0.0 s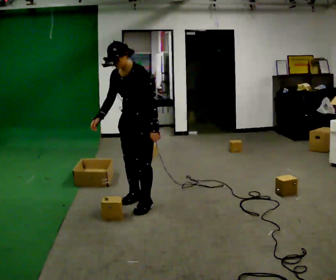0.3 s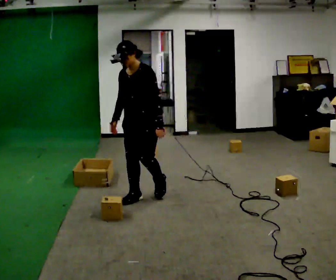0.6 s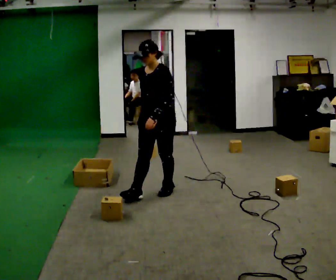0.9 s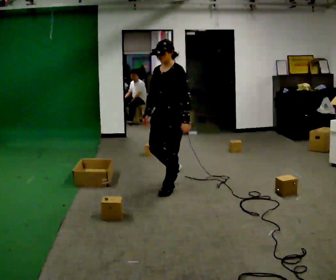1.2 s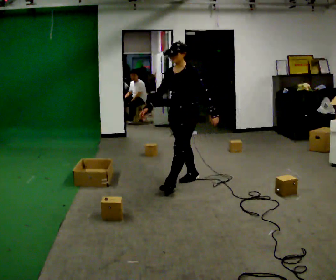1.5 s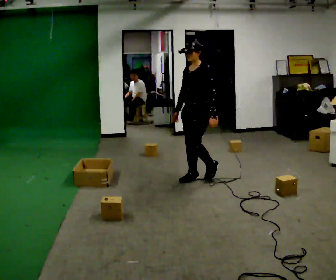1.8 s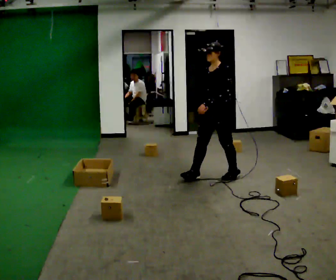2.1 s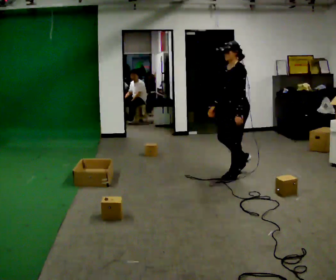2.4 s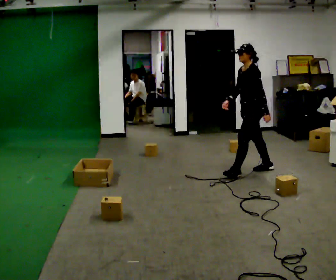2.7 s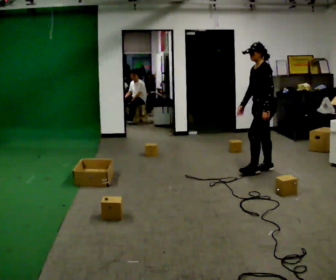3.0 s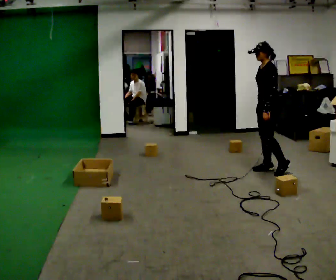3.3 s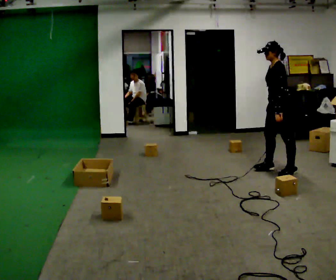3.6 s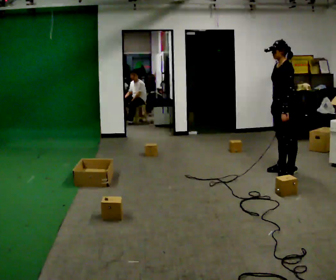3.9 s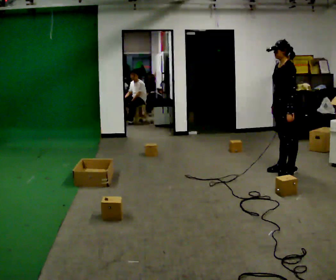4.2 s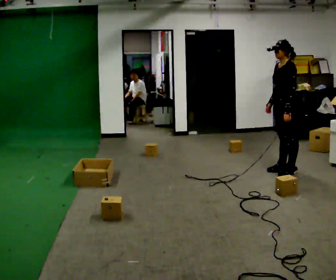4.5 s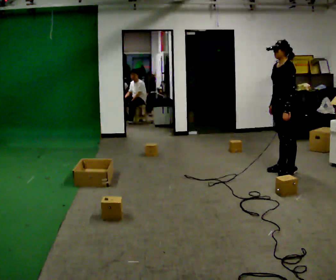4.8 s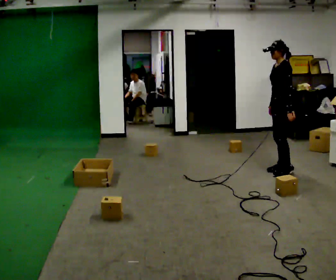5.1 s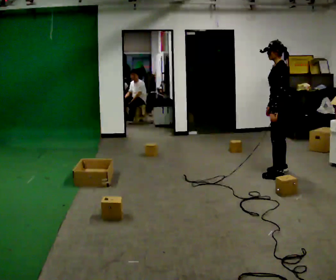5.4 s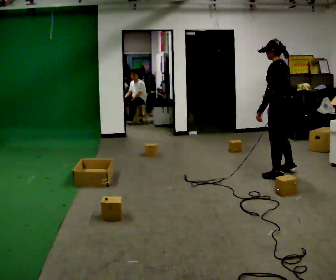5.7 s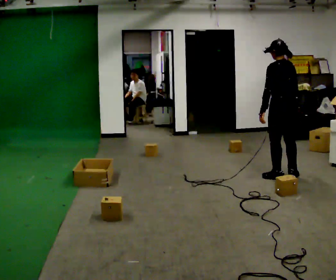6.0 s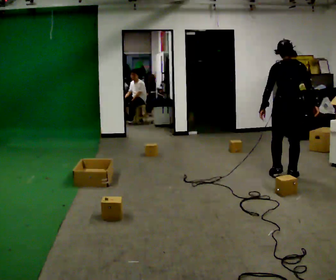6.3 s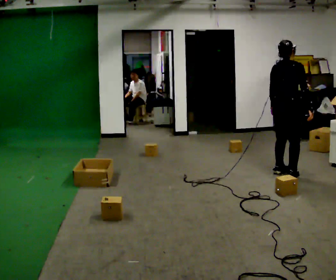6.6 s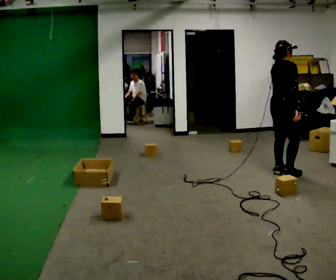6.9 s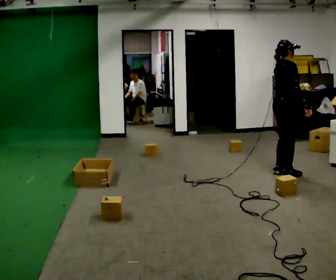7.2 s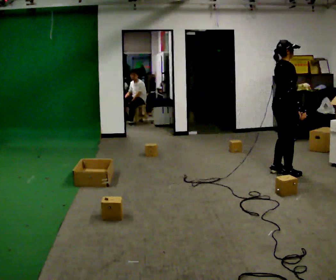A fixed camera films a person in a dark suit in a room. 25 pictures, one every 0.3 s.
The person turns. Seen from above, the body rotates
clockwise.
The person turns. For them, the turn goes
to their right.
0.0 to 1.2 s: In the picture they go away from the camera, about 0.5 m in 3 steps, which for them is backward.
1.2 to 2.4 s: The part of the body nearest the lens slides to the left as the person turns to their right by about 30 degrees. In the picture they go to the right and away from the camera, about 1 m in 1 step, which for them is backward.
2.4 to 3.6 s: In the picture they go to the right, about 0.5 m in 2 steps, which for them is backward.
3.6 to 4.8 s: The person moves a little, or ends about where they began.
4.8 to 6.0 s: The part of the body nearest the lens slides to the left as the person turns to their right by about 90 degrees. In the picture they go toward the camera, about 0.25 m in 2 steps. In the picture their left hand goes to the left, the arm swinging clockwise.
6.0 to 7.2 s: Seen from above the body turns clockwise, about 75 degrees: to their right, with its near side sliding to the left.
The film runs backward here.
